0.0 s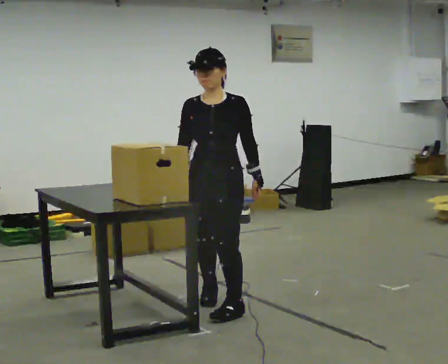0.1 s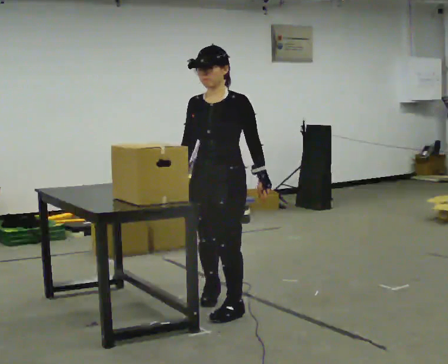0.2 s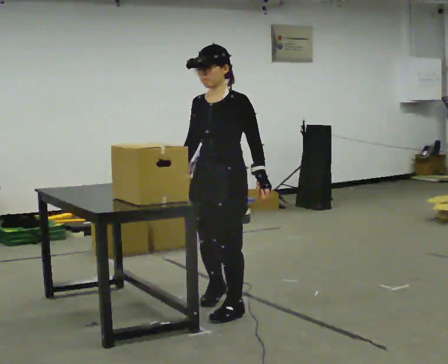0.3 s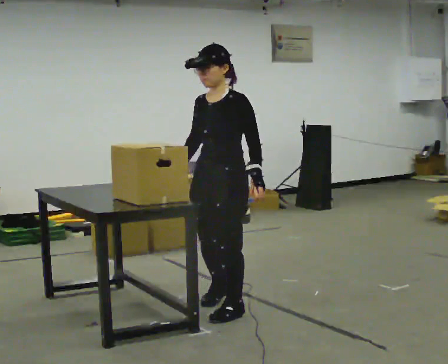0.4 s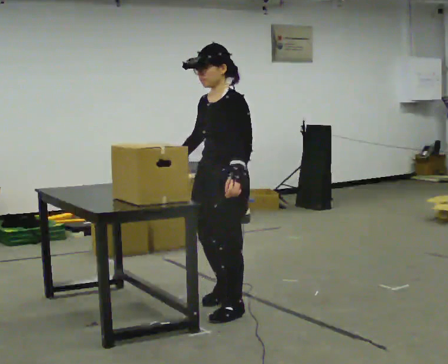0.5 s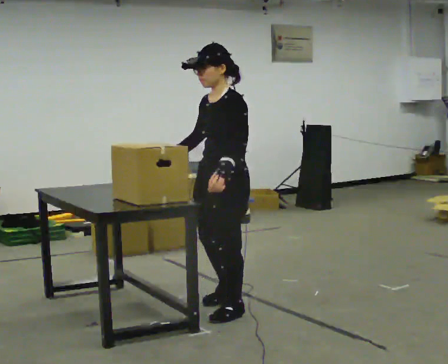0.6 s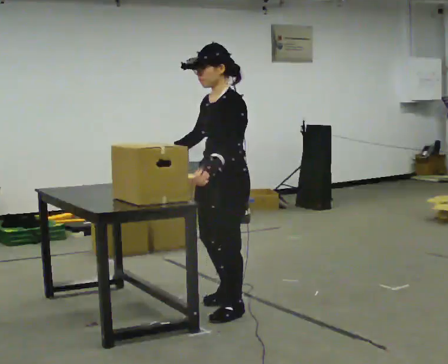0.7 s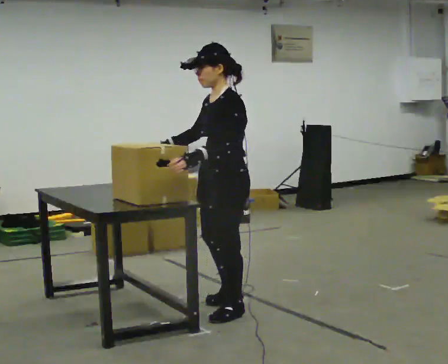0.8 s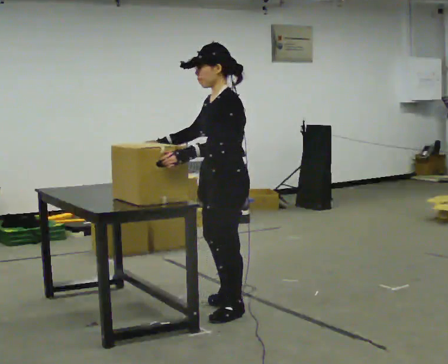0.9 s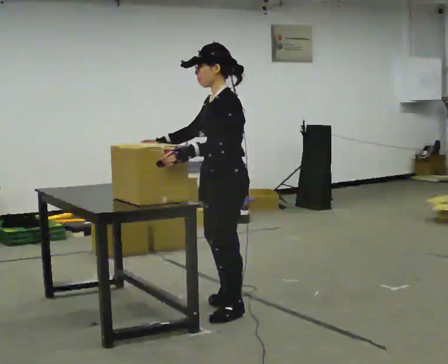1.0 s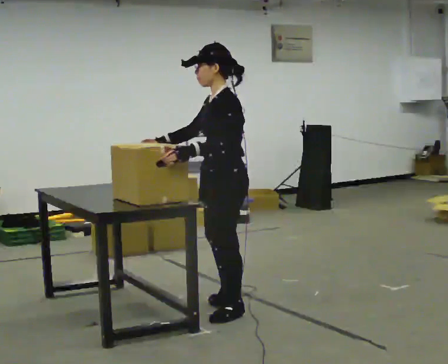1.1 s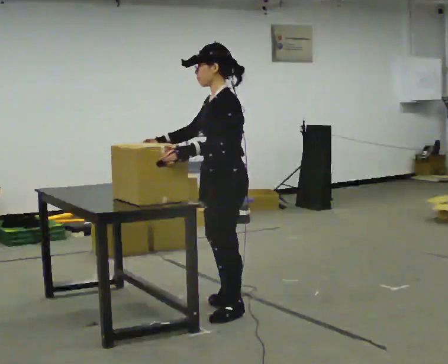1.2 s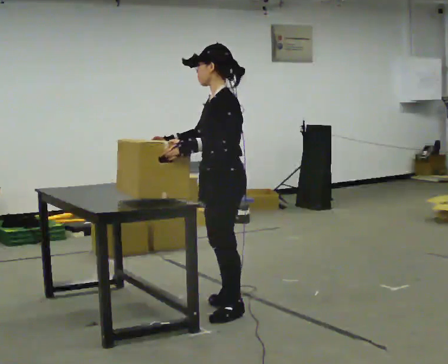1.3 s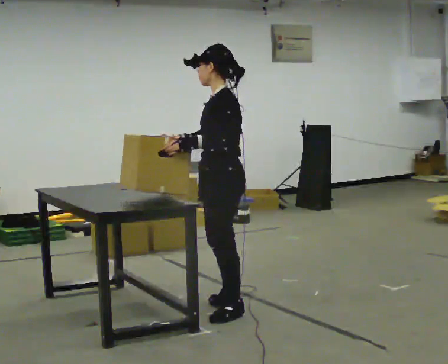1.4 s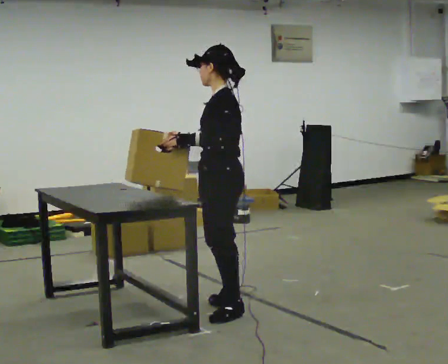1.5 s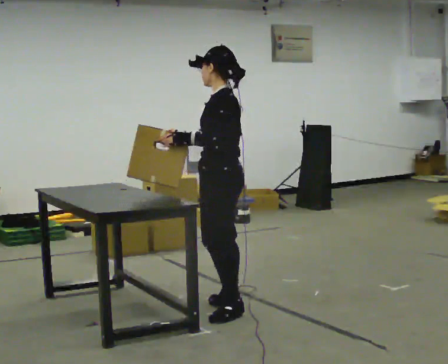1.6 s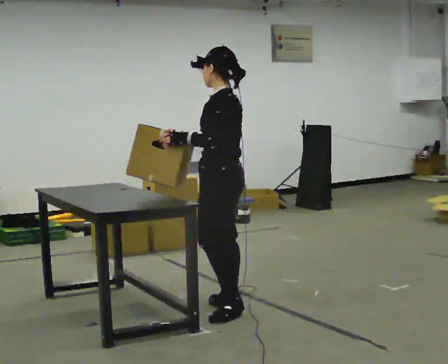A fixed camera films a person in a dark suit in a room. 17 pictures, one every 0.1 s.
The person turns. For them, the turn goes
to their right.
The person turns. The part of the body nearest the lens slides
to the left.
0.0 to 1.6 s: The person turns about 90 degrees to their right, clockwise seen from above, so the part of the body nearest the lens slides to the left. In the picture their left hand goes to the left.
The film runs forward here.
